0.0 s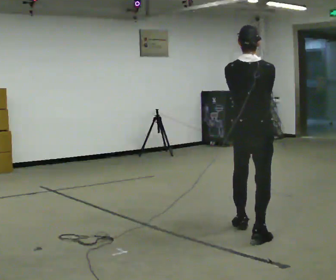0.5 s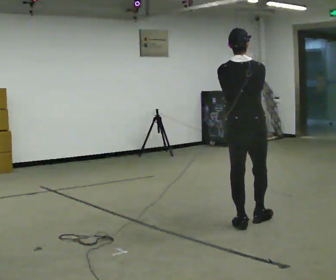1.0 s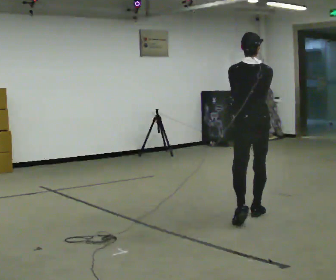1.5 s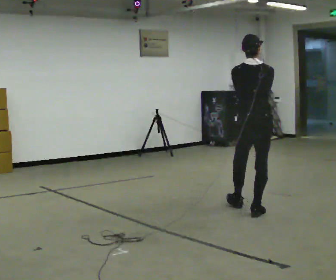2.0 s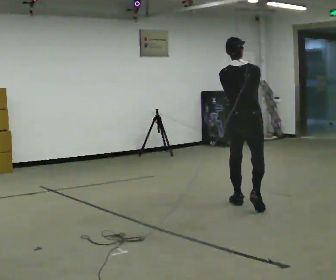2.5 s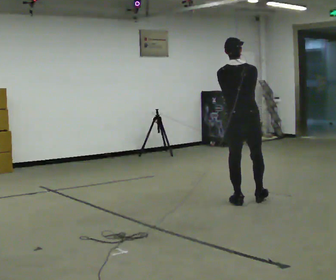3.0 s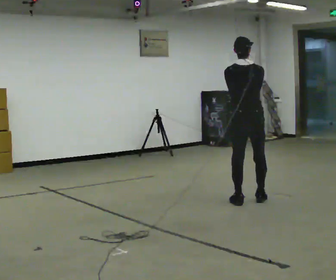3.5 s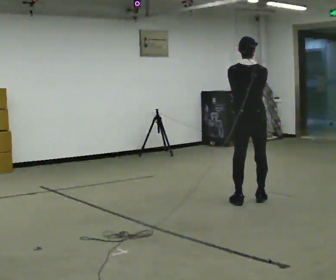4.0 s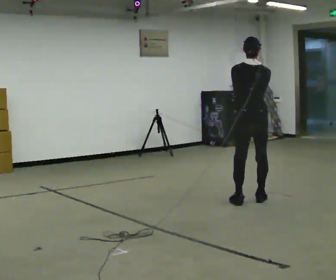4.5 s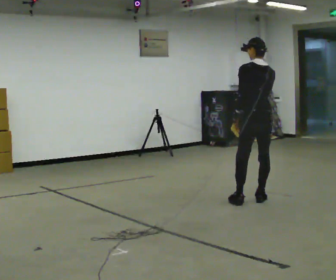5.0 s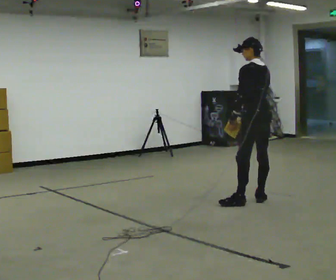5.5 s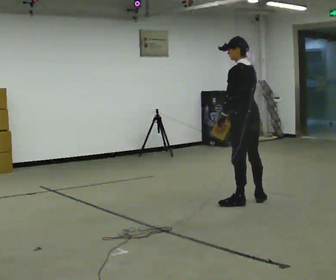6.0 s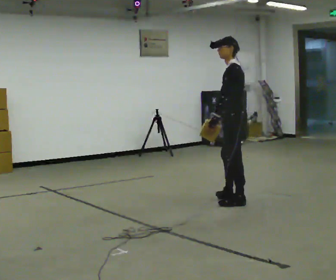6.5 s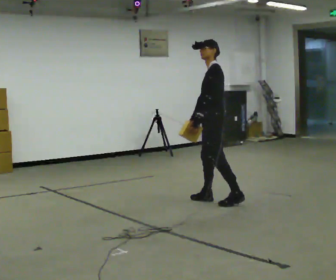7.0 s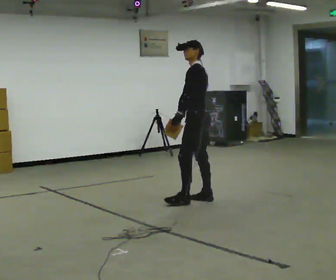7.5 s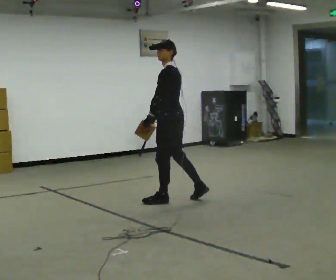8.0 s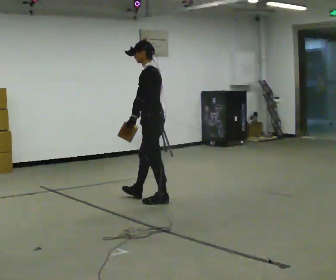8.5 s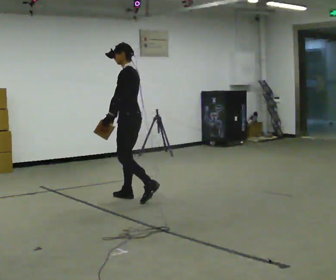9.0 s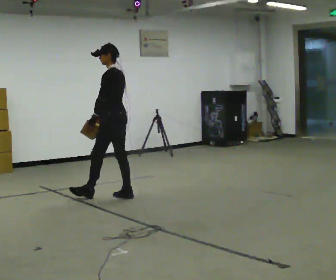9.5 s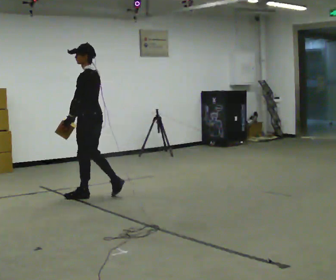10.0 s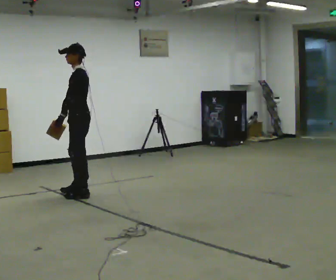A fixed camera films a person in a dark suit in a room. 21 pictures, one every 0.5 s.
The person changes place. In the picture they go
to the left.
0.0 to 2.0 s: In the picture they go away from the camera, about 1 m in 2 steps, which for them is forward.
2.0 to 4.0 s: In the picture they go away from the camera, about 0.25 m in 1 step, which for them is forward.
4.0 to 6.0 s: The part of the body nearest the lens slides to the right as the person turns to their left by about 75 degrees. In the picture they go to the left, about 0.25 m. In the picture their right hand goes to the left.
6.0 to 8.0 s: In the picture they go to the left, about 1 m in 2 steps, which for them is forward.
8.0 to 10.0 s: In the picture they go to the left, about 1 m in 3 steps, which for them is forward.
The film runs forward here.
